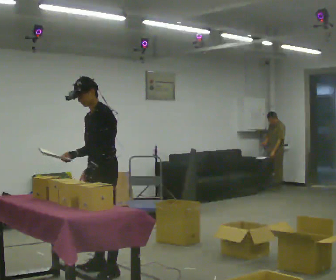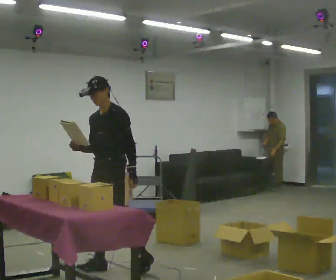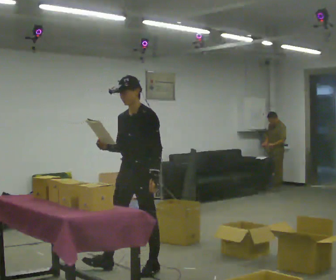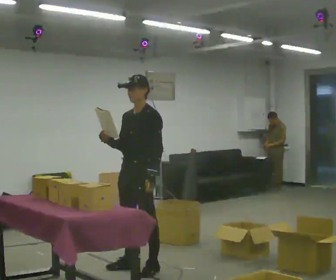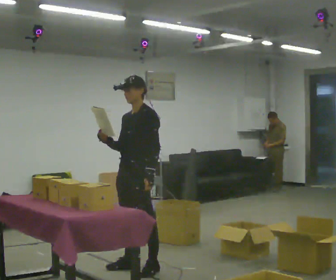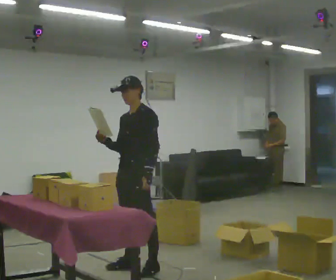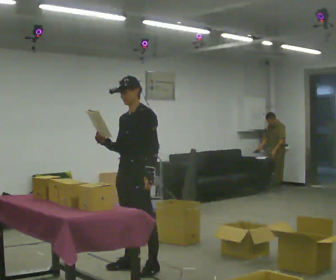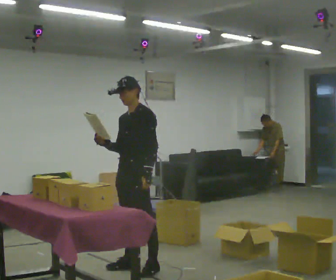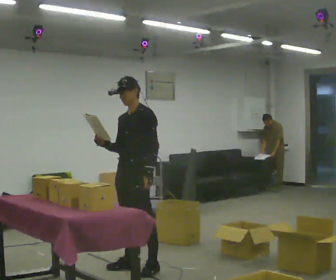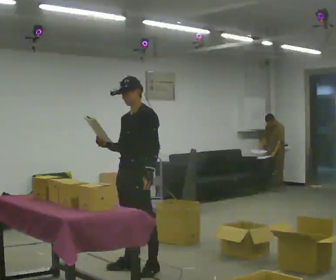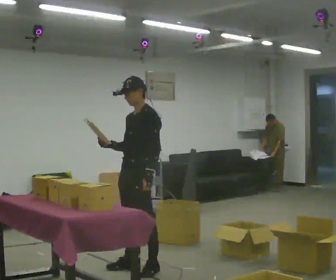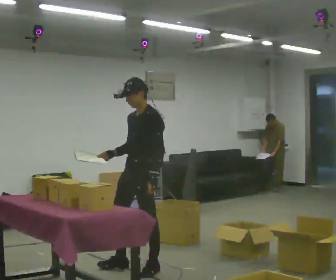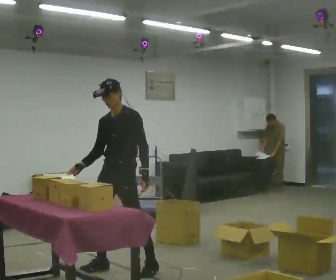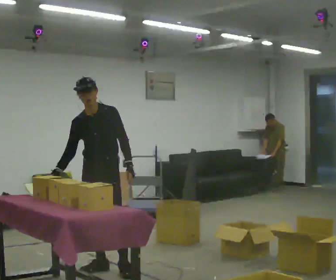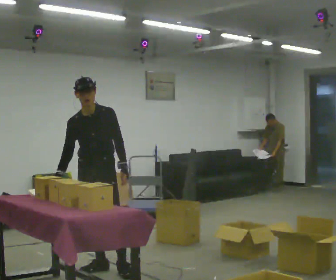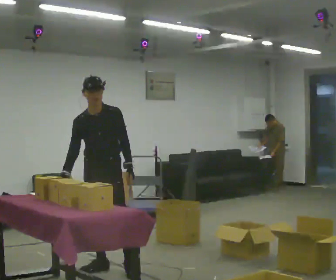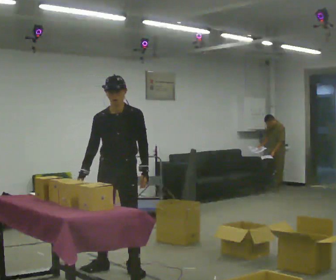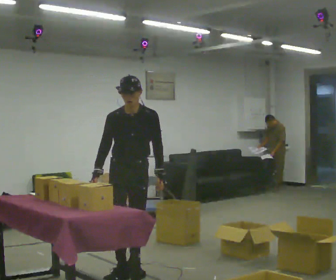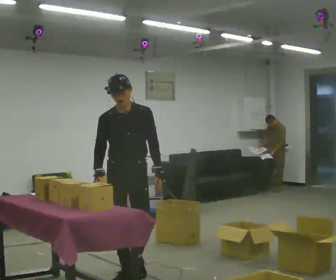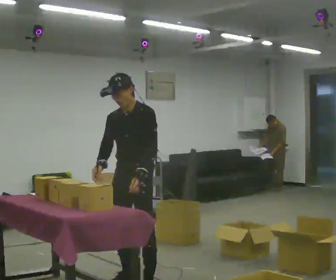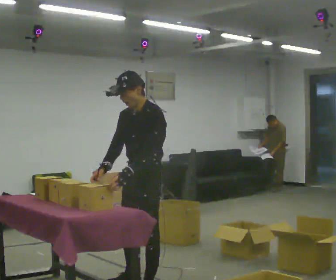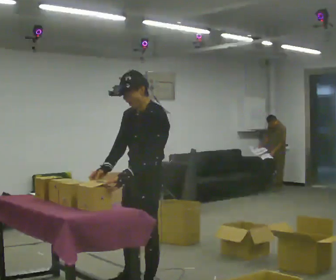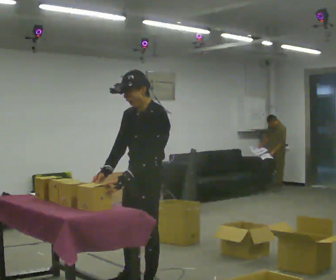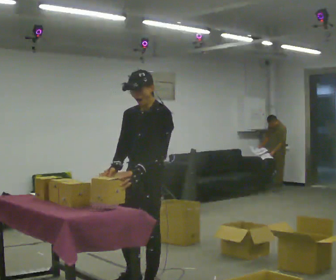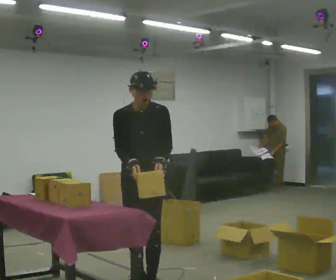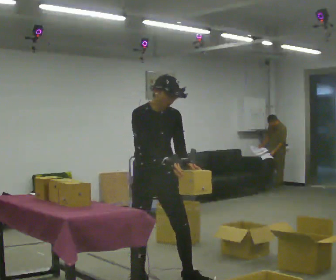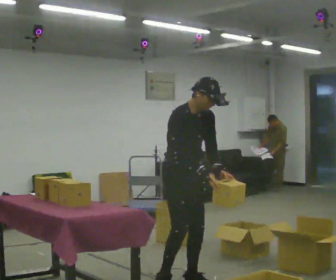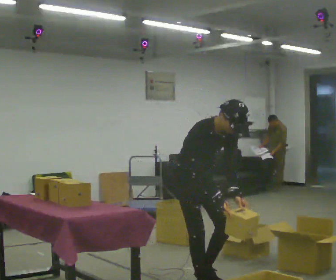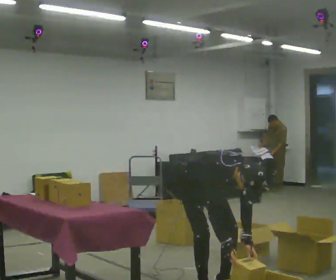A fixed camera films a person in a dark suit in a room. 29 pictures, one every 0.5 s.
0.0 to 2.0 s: In the picture they go to the right, about 0.25 m in 2 steps, which for them is backward and to their left.
2.0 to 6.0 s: In the picture they go to the left, about 0.25 m in 1 step.
6.0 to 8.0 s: Seen from above the body turns counterclockwise, about 30 degrees: to their left, with its near side sliding to the right.
8.0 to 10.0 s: The part of the body nearest the lens slides to the left as the person turns to their right by about 45 degrees. In the picture they go toward the camera, about 0.5 m in 3 steps.
10.0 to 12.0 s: The part of the body nearest the lens slides to the right as the person turns to their left by about 45 degrees.
12.0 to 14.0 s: Seen from above the body turns counterclockwise, about 30 degrees: to their left, with its near side sliding to the right. In the picture they go to the right, about 0.5 m in 3 steps, which for them is forward and to their left. The upper body goes downward. The upper body tips toward the camera, its near side rolling downward, as they bend forward. In the picture their left hand goes downward.
The film runs forward here.
